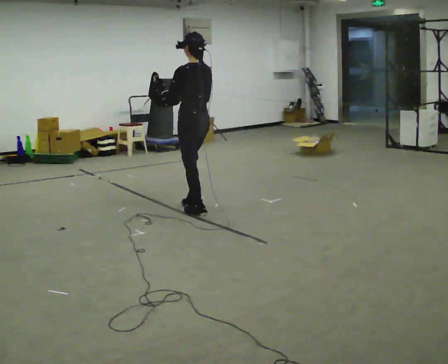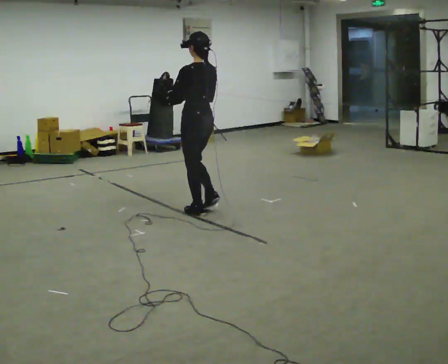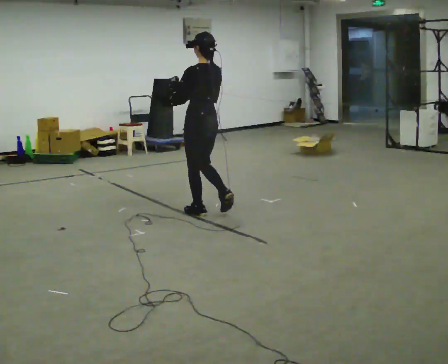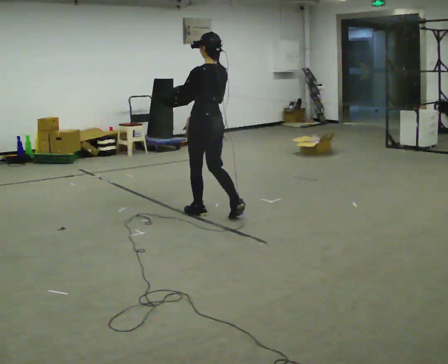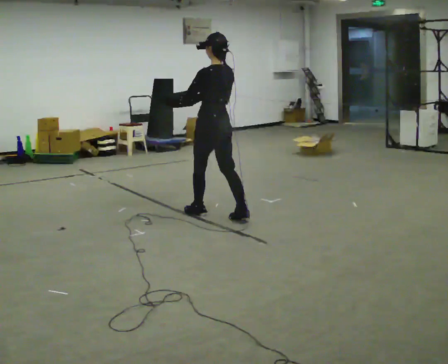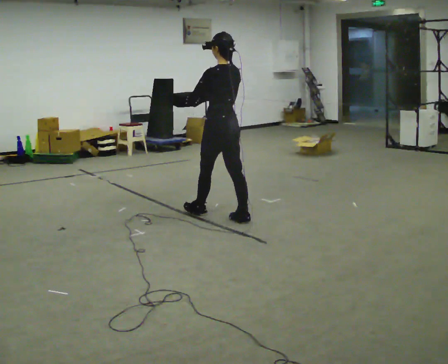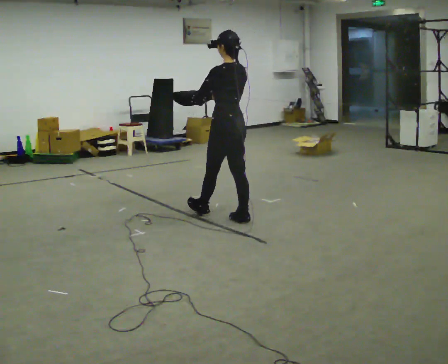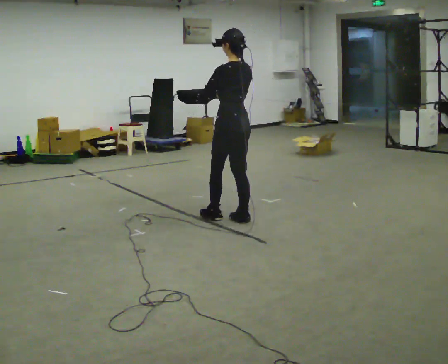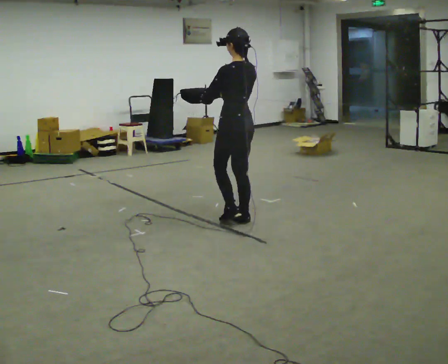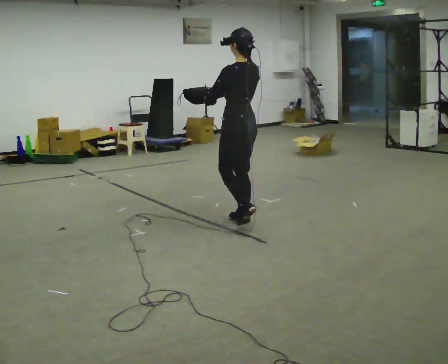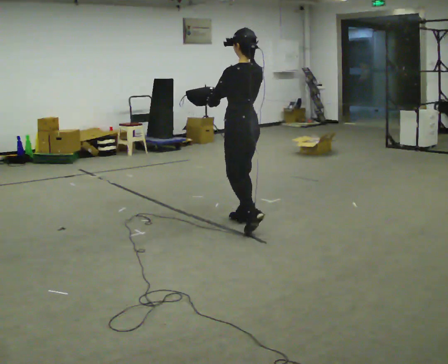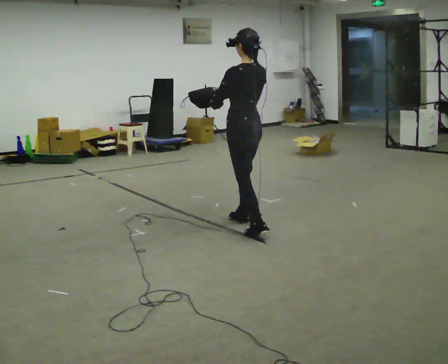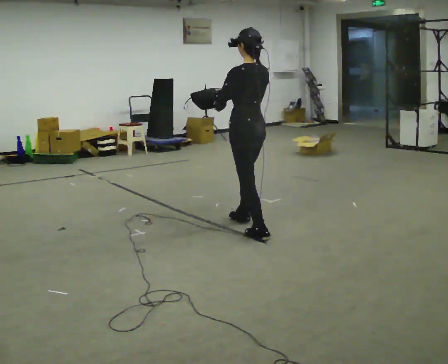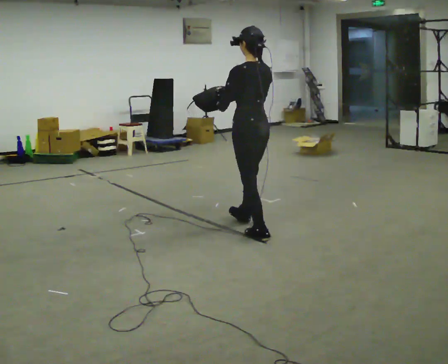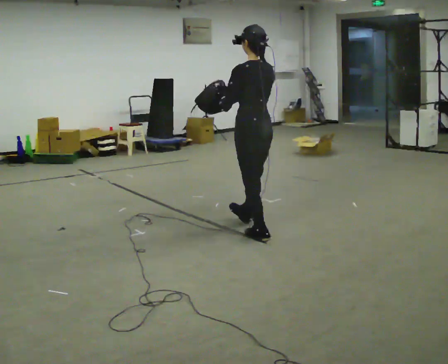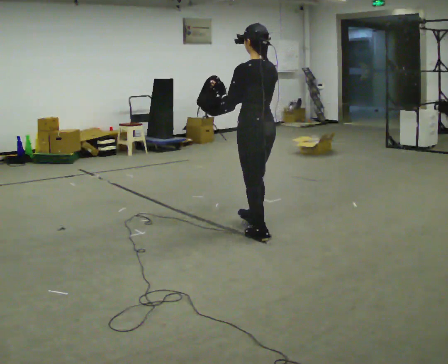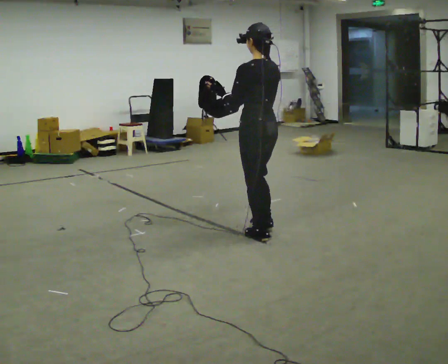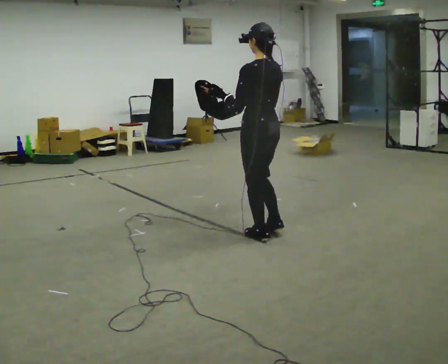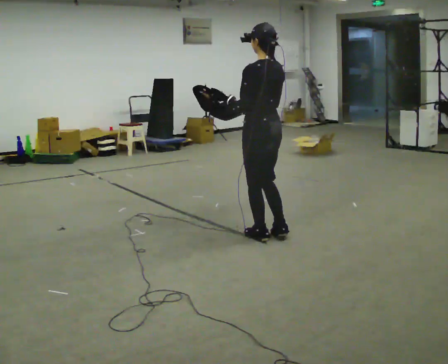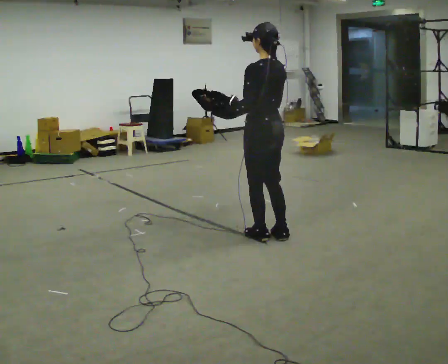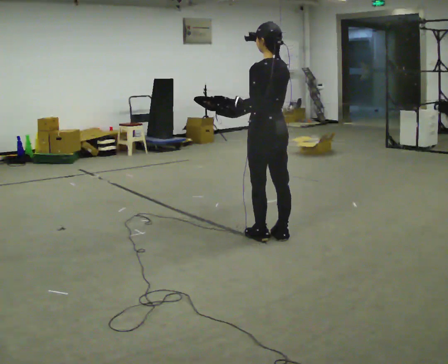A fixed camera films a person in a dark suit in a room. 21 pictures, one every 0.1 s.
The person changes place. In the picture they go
to the right.
0.0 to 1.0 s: In the picture they go to the right and toward the camera, about 0.5 m in 1 step, which for them is backward.
1.0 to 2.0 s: In the picture they go to the right and toward the camera, about 0.5 m in 1 step, which for them is backward.
The film runs backward here.
